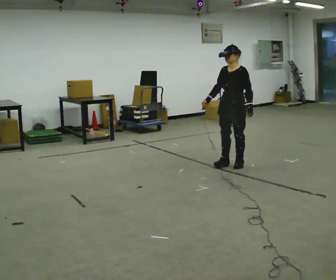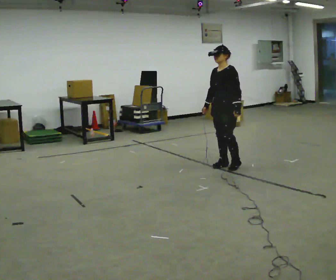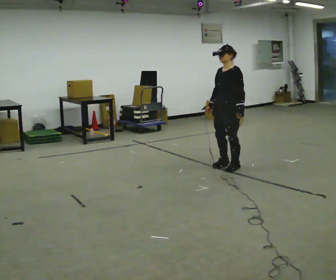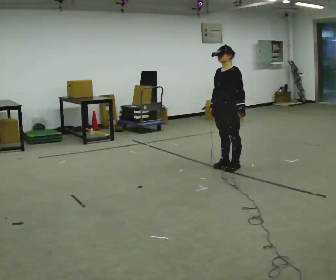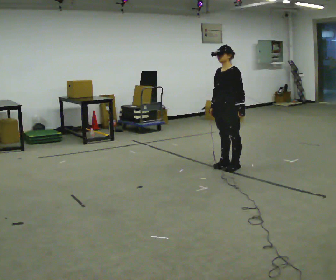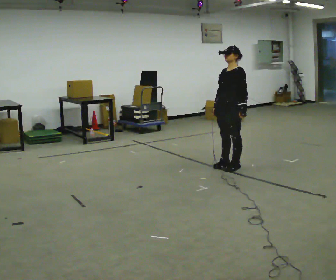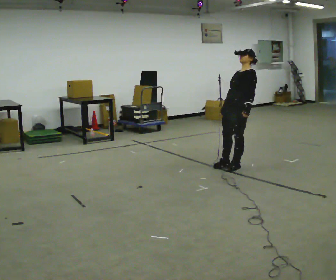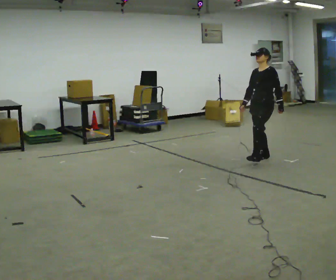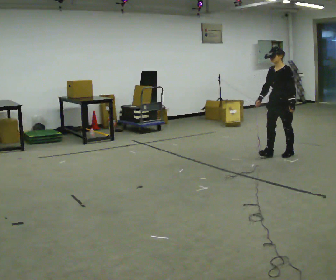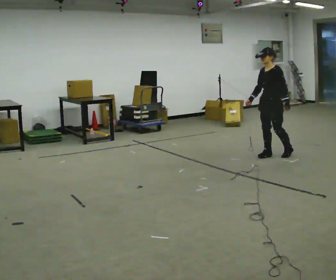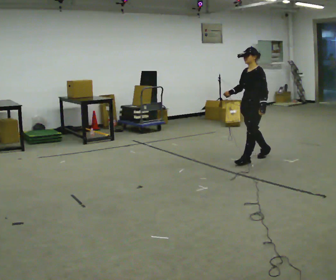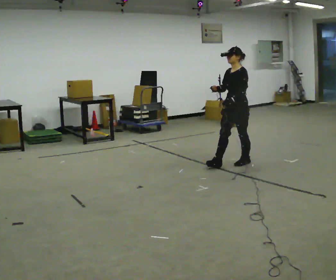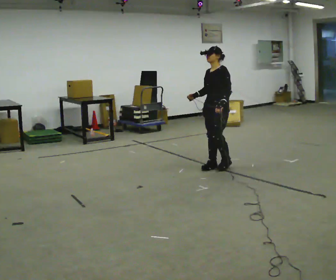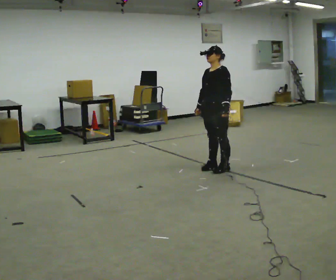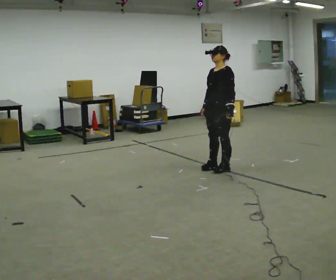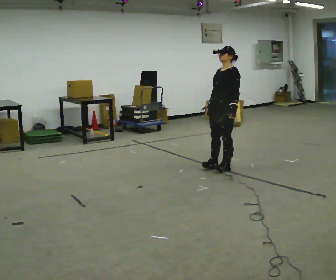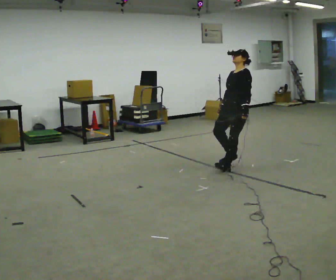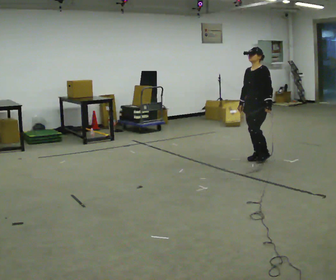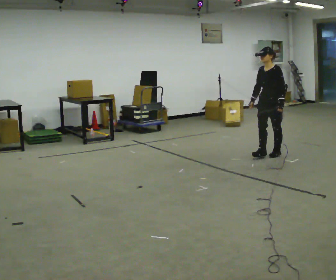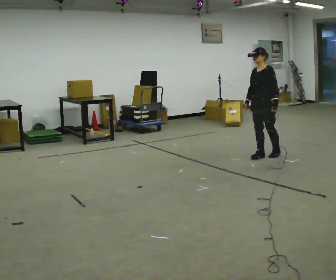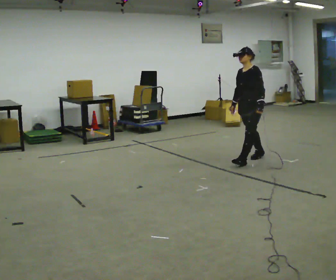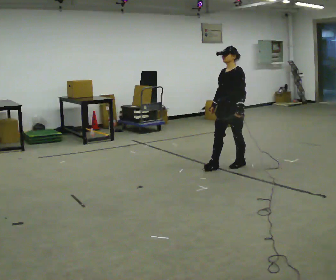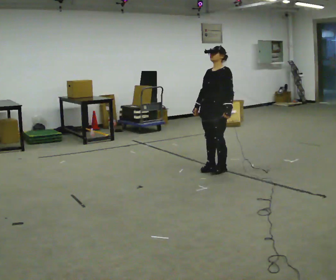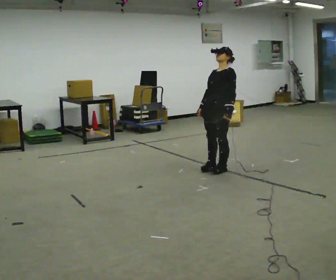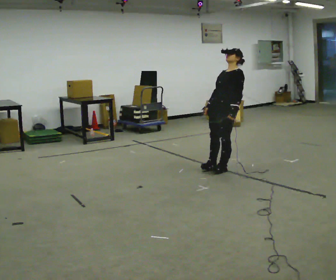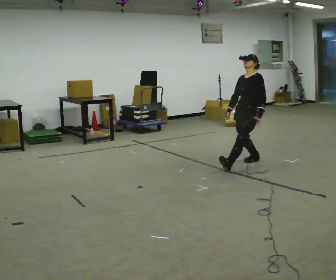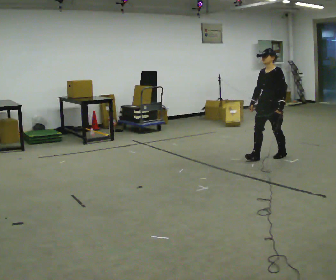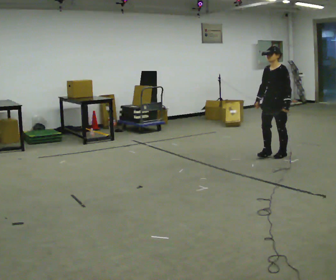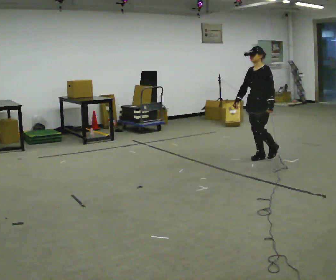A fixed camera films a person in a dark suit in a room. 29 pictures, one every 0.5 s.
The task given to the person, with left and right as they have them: Stand on the marked spots. Lean backward, keeping your body straight, until you cannot hold it, then step back to catch yourself. Return to the spots. Repeat at your own pace until the operator says stop. Go slowly and only as far as you are comfortable. Step whenever you need to; do not try to hold on longer than feels safe.
0.0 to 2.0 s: The person moves a little, or ends about where they began.
2.0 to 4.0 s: In the picture they go to the right and away from the camera, about 1 m in 2 steps, which for them is backward.
4.0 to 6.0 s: In the picture they go to the left and toward the camera, about 1 m in 2 steps, which for them is forward.
6.0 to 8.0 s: In the picture they go to the right, about 0.25 m in 1 step, which for them is backward.
8.0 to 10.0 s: In the picture they go away from the camera, about 0.25 m in 3 steps, which for them is backward.
10.0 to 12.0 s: In the picture they go toward the camera and to the left, about 0.5 m in 3 steps, which for them is forward. In the picture the upper body tilts clockwise, shoulders to the right, as they lean back or straighten.
12.0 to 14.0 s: In the picture they go to the right and away from the camera, about 0.5 m in 3 steps, which for them is backward. In the picture the upper body tilts counterclockwise, shoulders to the left, as they bend forward.
The film runs forward here.
